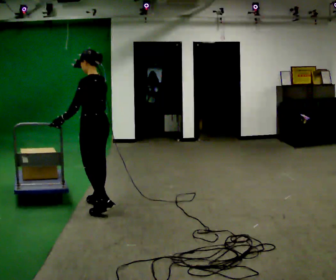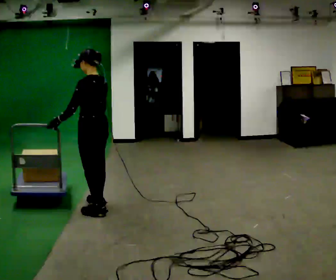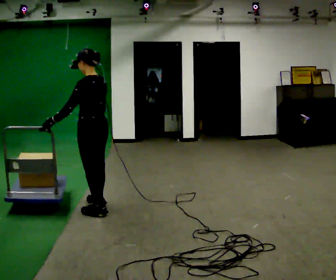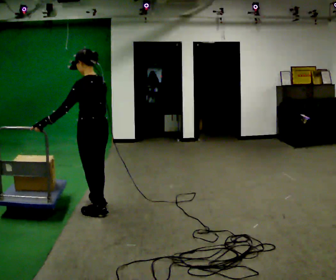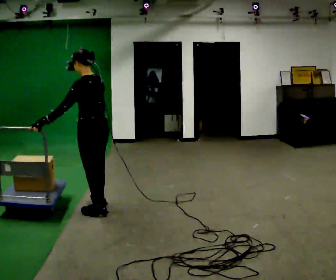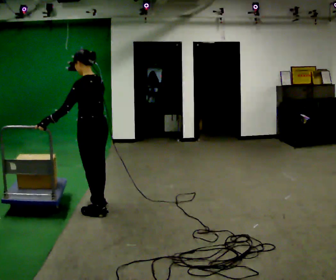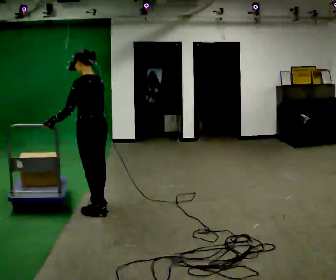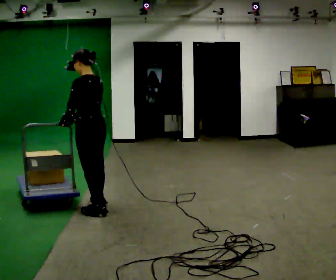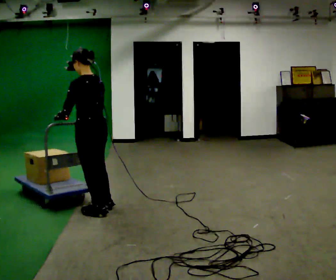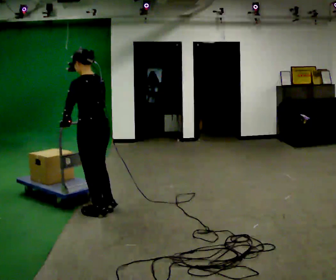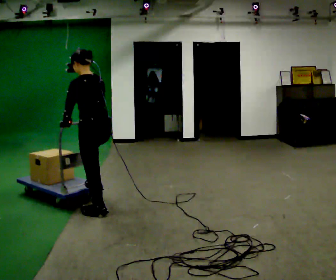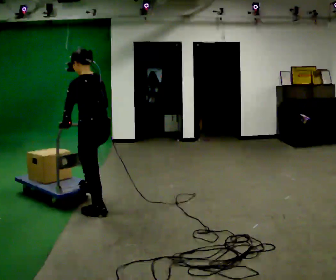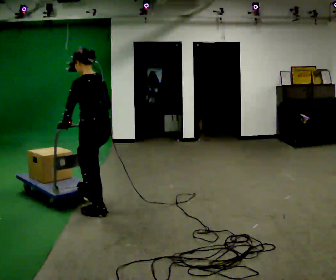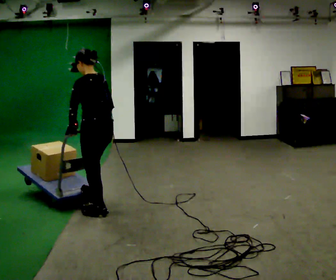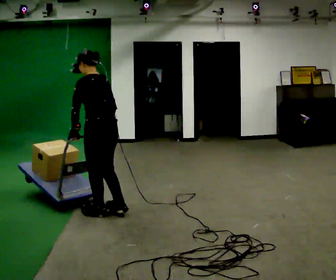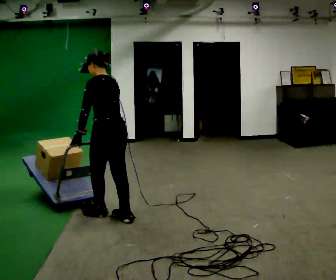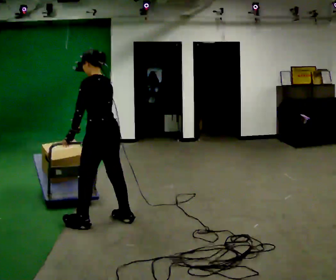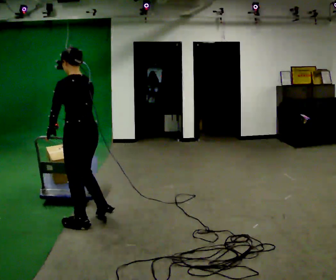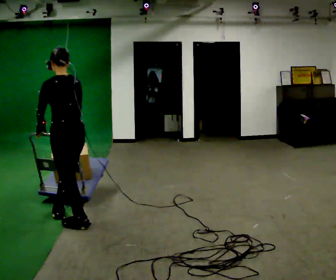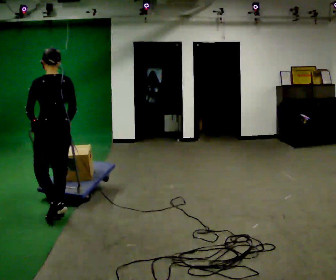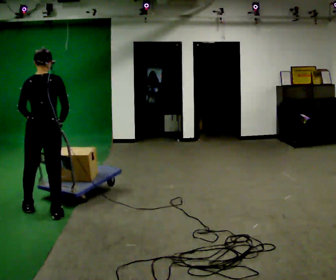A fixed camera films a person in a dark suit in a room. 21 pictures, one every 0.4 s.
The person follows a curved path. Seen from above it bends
clockwise.
0.0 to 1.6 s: In the picture they go toward the camera, about 0.25 m, which for them is to their left.
1.6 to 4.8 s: The person moves a little, or ends about where they began.
4.8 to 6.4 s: In the picture they go toward the camera, about 0.25 m in 2 steps, which for them is backward.
6.4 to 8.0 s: The person turns about 60 degrees to their right, clockwise seen from above, so the part of the body nearest the lens slides to the left. In the picture they go to the left, about 0.5 m in 2 steps, which for them is forward and to their left.
The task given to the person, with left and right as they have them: Push the cart across the room and back. The operator will change how much is loaded on it between takes and will tell you each time.
The film runs forward here.
